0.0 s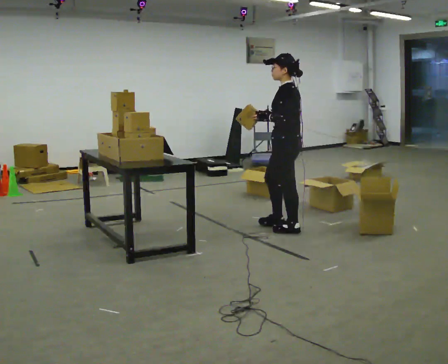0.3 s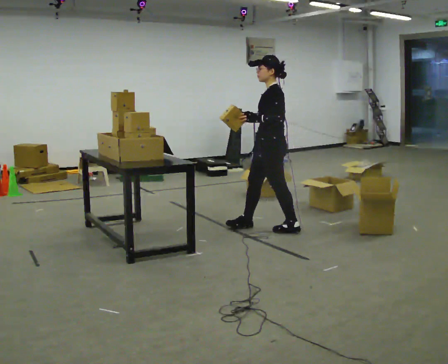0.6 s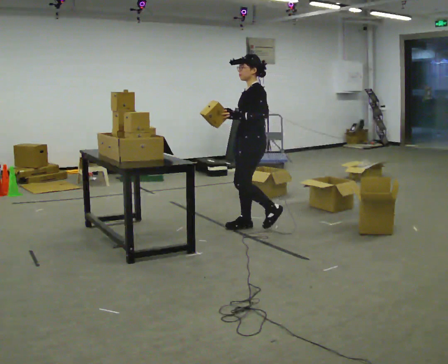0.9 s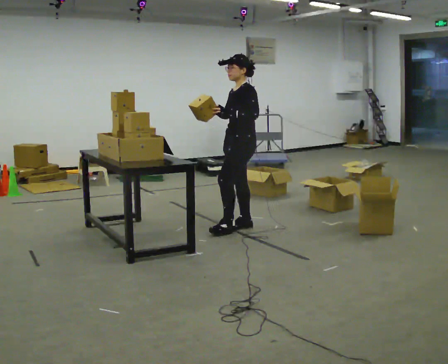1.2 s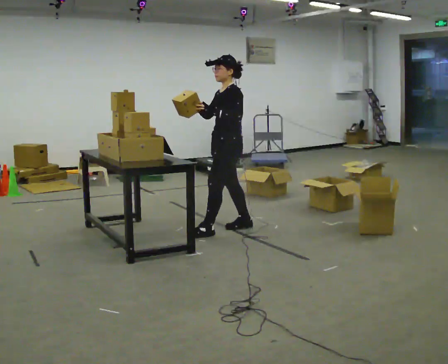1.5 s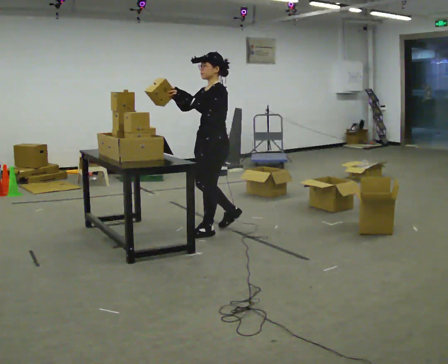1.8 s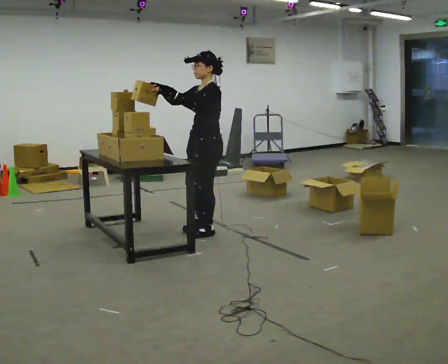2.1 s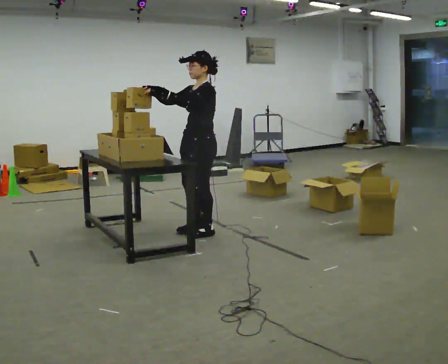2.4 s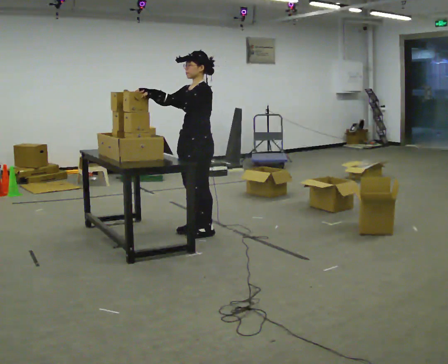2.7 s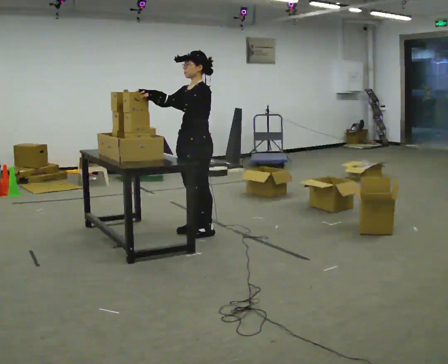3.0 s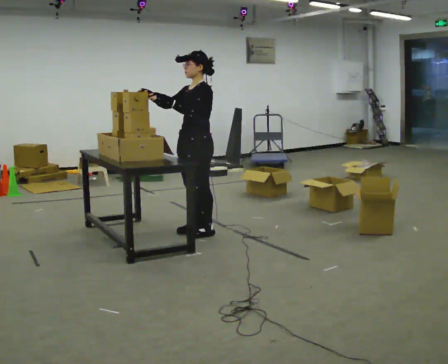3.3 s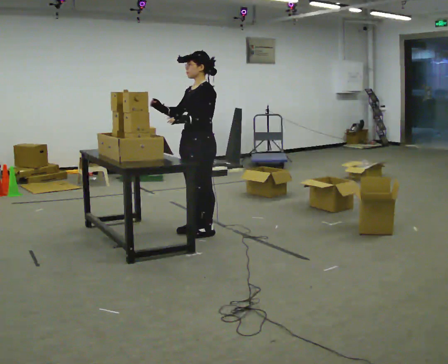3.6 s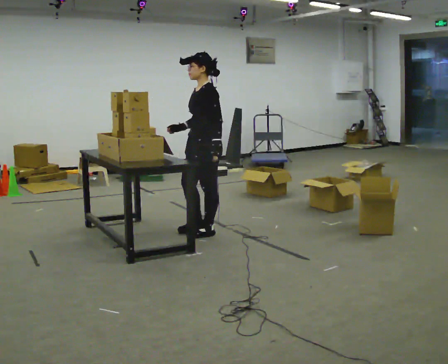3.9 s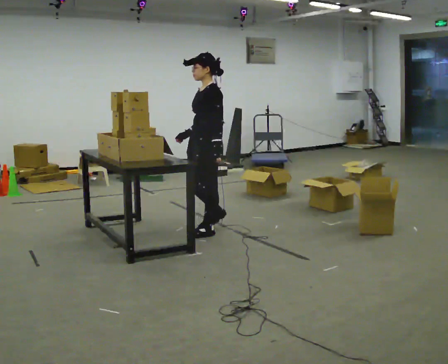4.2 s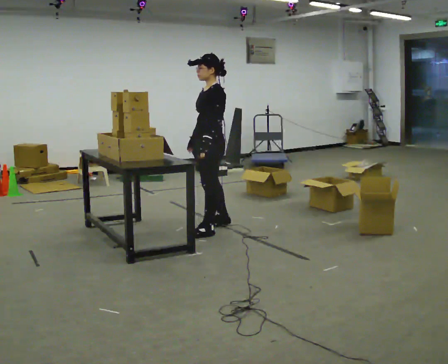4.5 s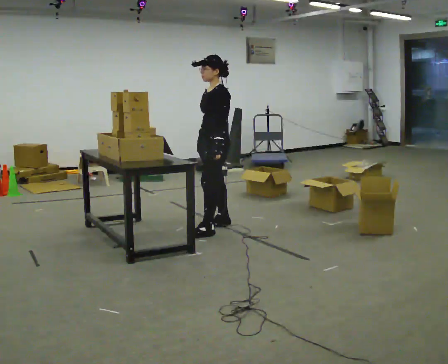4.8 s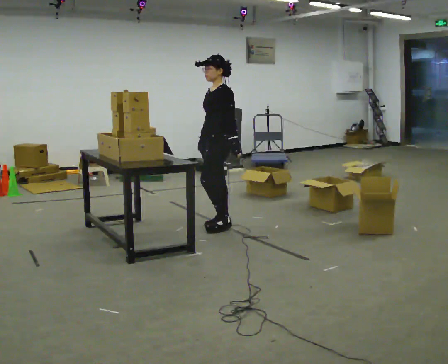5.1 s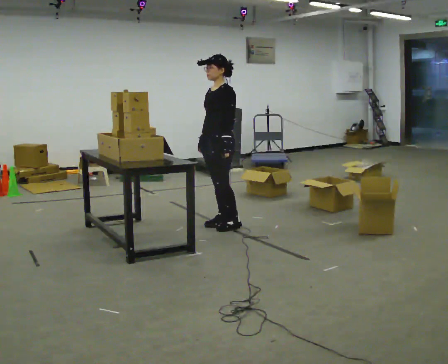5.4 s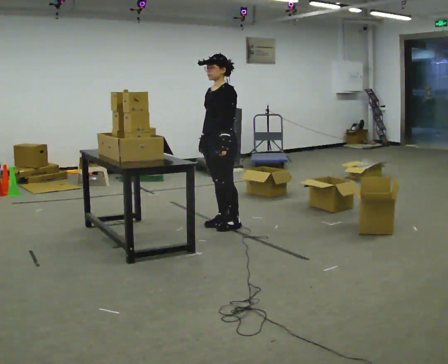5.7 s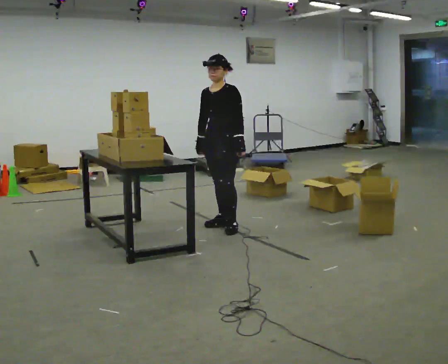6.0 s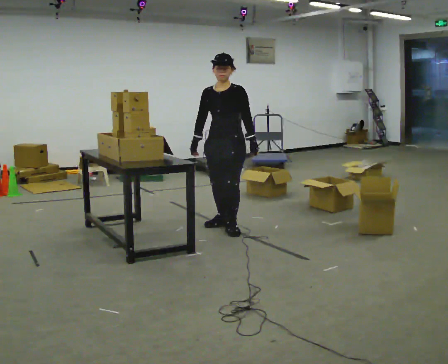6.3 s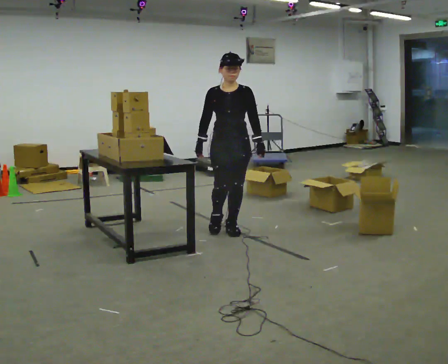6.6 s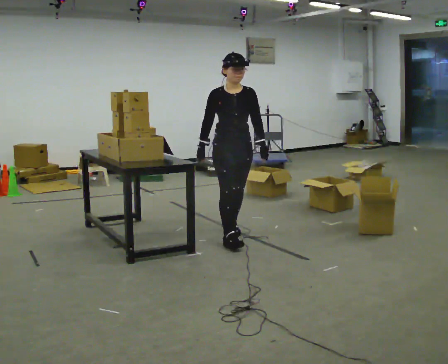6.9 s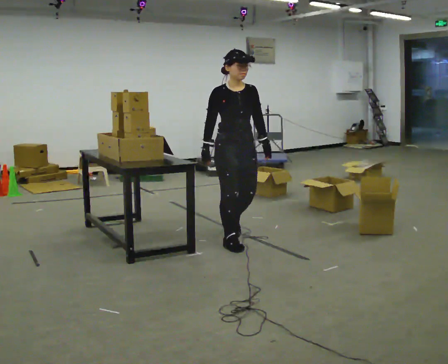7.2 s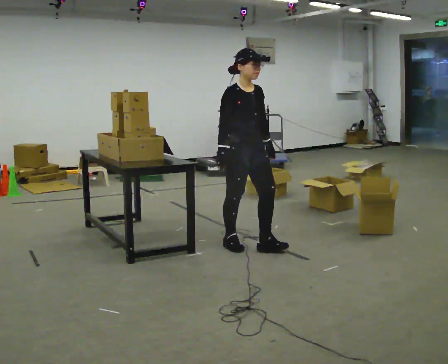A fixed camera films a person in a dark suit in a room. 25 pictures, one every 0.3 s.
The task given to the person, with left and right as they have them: 1. Take the objects out of the box on the table one at a time. 2. Put each one in the bin the operator has labelled for it. 3. Tell the operator when you are finished.
0.0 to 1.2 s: The person turns about 30 degrees to their left, counterclockwise seen from above, so the part of the body nearest the lens slides to the right. In the picture they go to the left, about 0.5 m in 2 steps, which for them is forward.
1.2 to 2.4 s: In the picture they go to the left, about 0.25 m in 1 step, which for them is forward.
2.4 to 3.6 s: In the picture their left hand goes to the right and downward.
3.6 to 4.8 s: In the picture they go away from the camera, about 0.25 m in 1 step, which for them is to their right and backward.
4.8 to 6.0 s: The person turns about 45 degrees to their left, counterclockwise seen from above, so the part of the body nearest the lens slides to the right.
6.0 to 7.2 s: Seen from above the body turns counterclockwise, about 60 degrees: to their left, with its near side sliding to the right. In the picture they go toward the camera, about 0.5 m in 1 step.
The film runs forward here.
